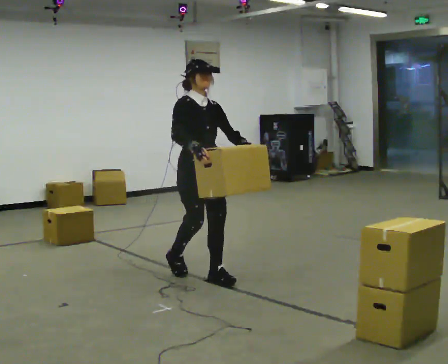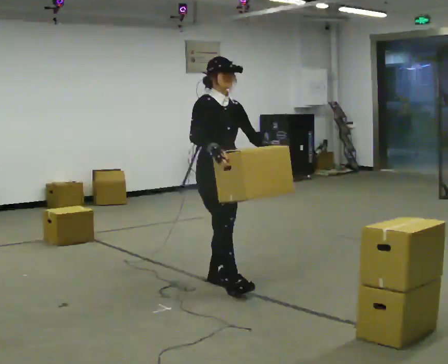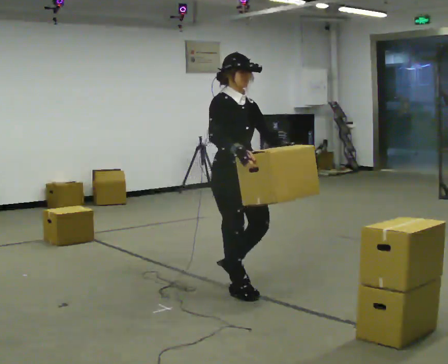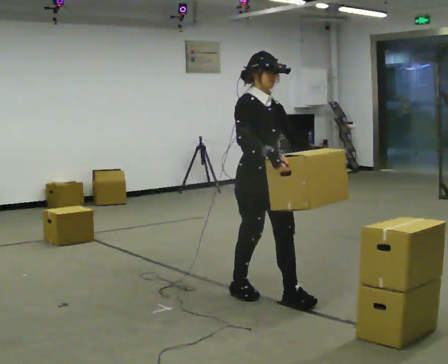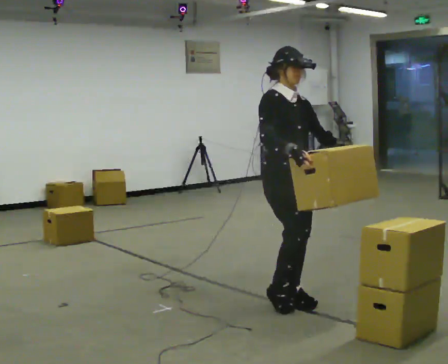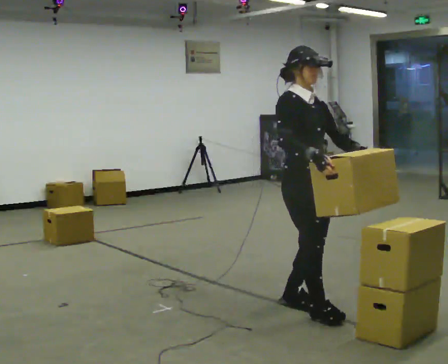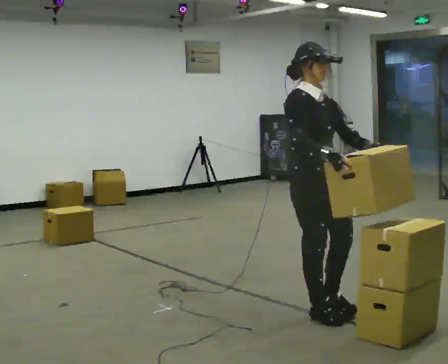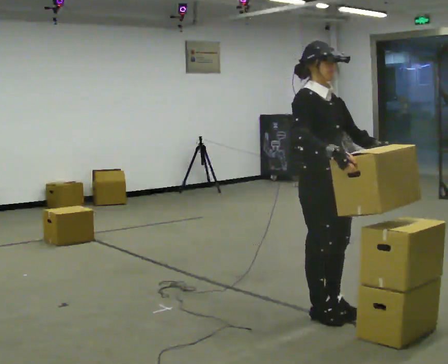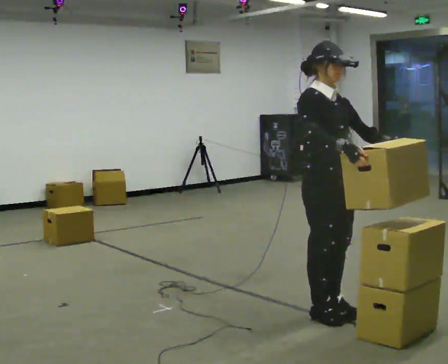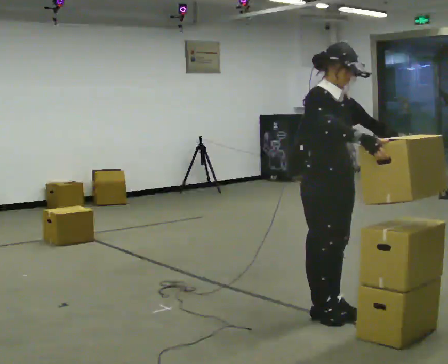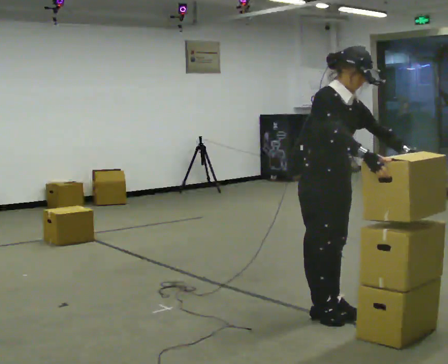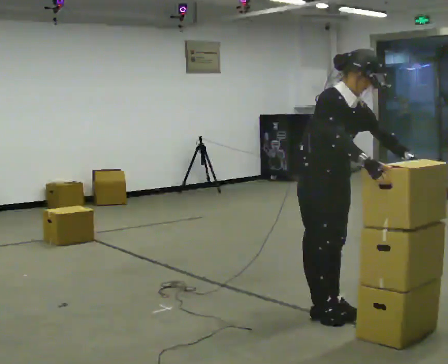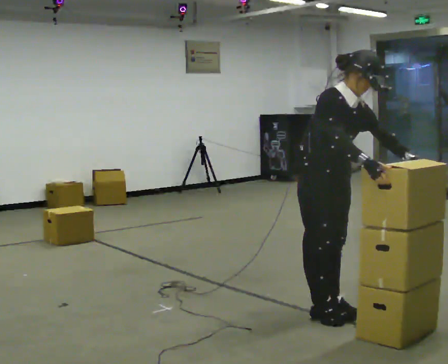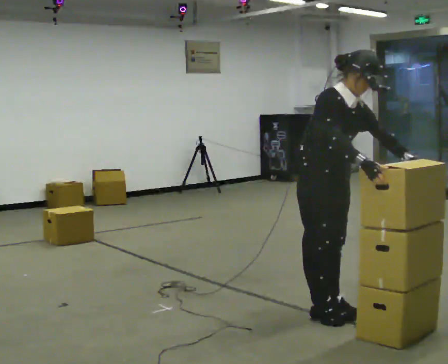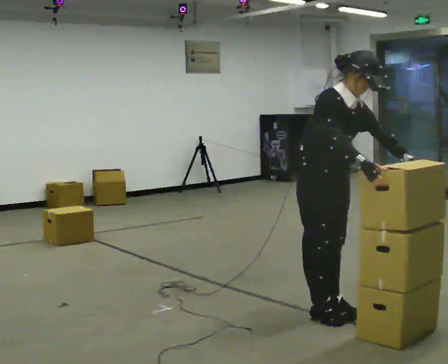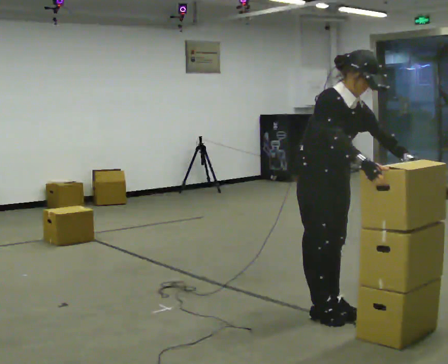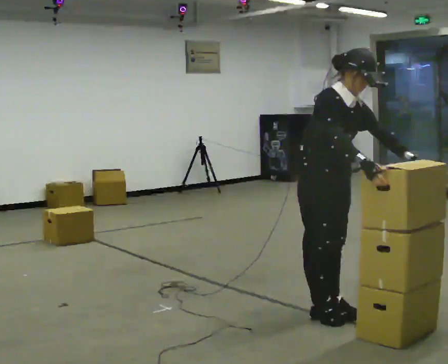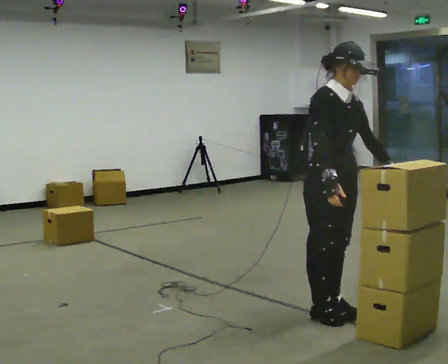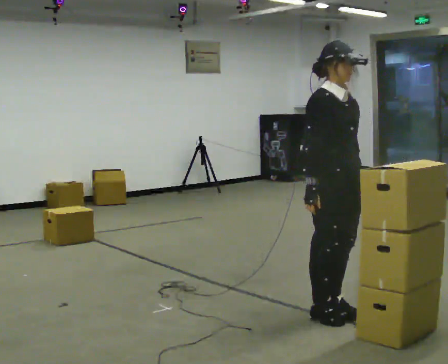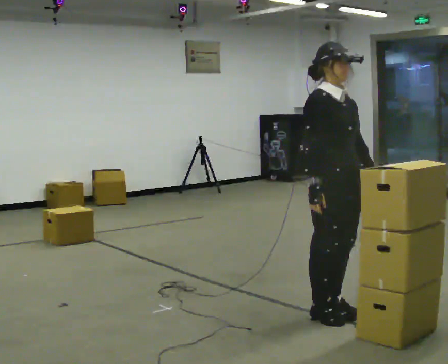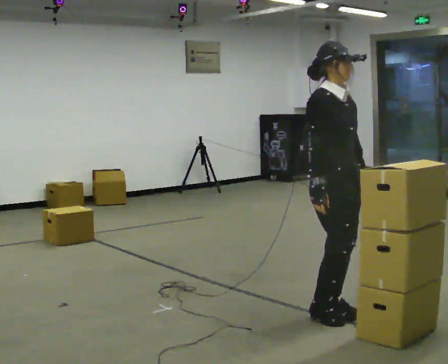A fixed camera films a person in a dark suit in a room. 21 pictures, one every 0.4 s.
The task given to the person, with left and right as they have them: Carry the stack of boxes across the room without letting it fall over, then bring it back. Keep going until the operator says stop; one object at a time, and do not rush between trips.
0.0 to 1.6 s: In the picture they go to the right and toward the camera, about 1 m in 2 steps, which for them is forward.
1.6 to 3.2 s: In the picture they go to the right and toward the camera, about 0.25 m in 2 steps, which for them is forward.
3.2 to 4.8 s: In the picture the upper body tilts clockwise, shoulders to the right, as they bend forward.
4.8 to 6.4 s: The person keeps their place and pose.
6.4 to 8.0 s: In the picture the upper body tilts counterclockwise, shoulders to the left, as they lean back or straighten.
The film runs forward here.
